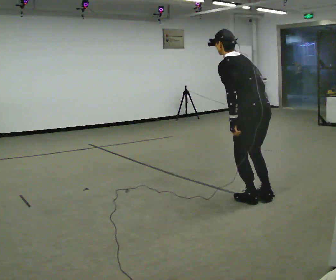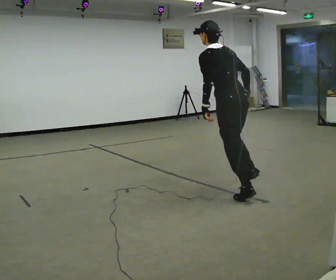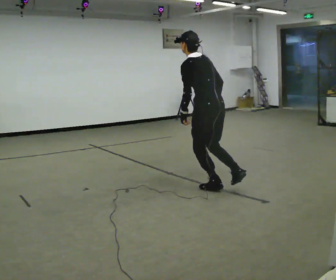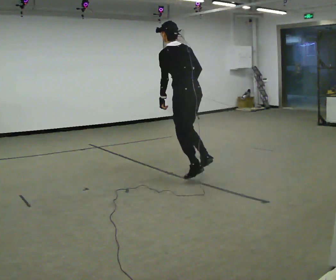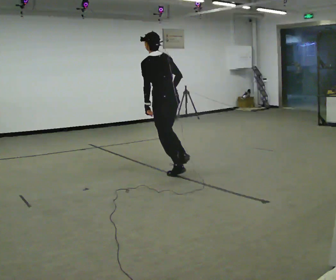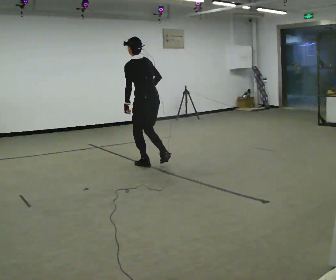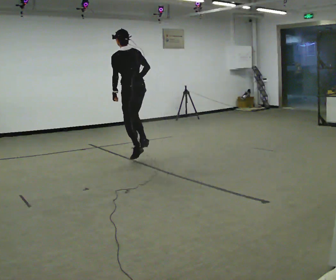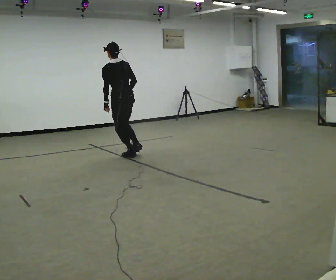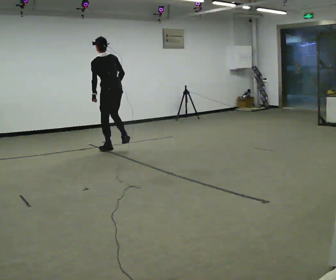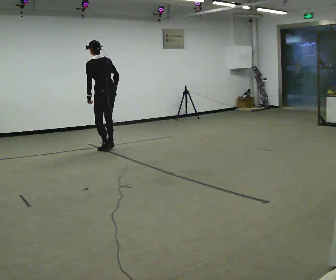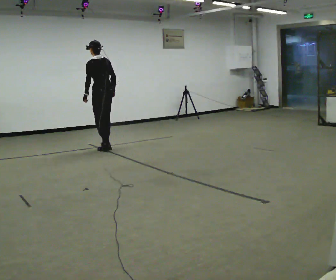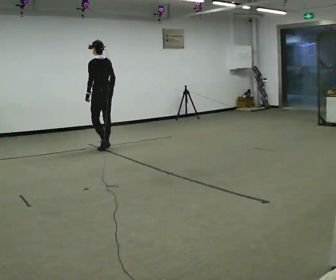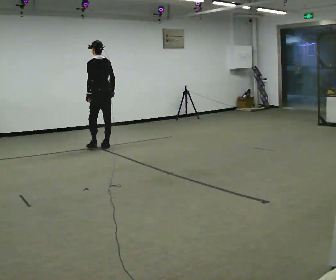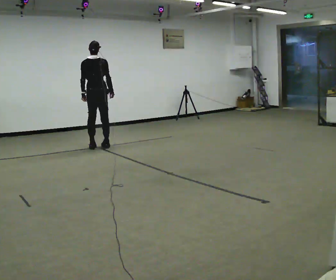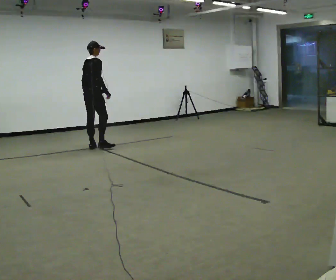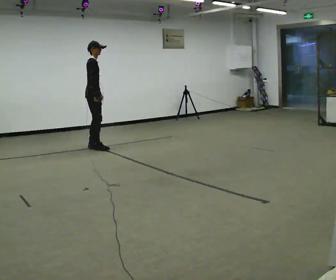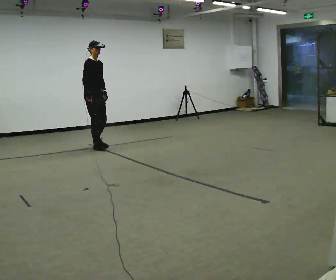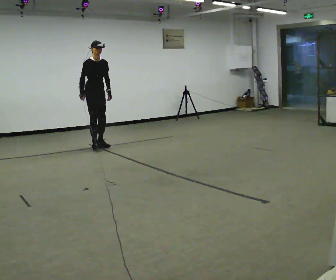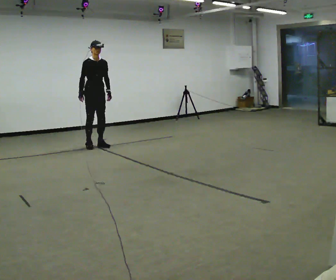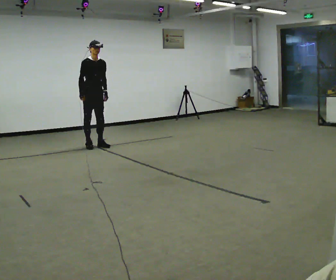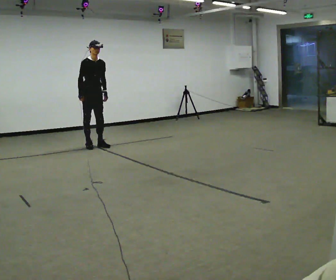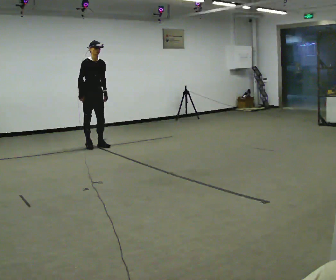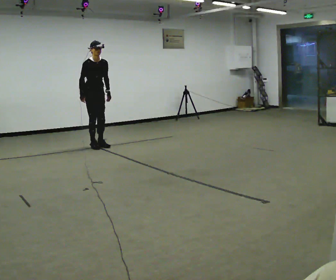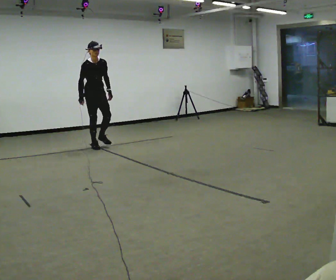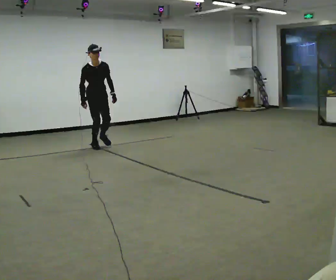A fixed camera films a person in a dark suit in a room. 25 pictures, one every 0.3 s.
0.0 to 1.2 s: In the picture they go away from the camera and to the left, about 1.5 m in 2 steps, which for them is forward. The upper body tips toward the camera, its near side rolling downward, as they lean back or straighten.
1.2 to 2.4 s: In the picture they go away from the camera and to the left, about 1.5 m in 2 steps, which for them is forward.
2.4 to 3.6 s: In the picture they go away from the camera, about 0.5 m in 2 steps, which for them is forward.
3.6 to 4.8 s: The person turns about 165 degrees to their right, clockwise seen from above, so the part of the body nearest the lens slides to the left. In the picture they go to the left, about 0.25 m in 1 step. In the picture the upper body tilts clockwise, shoulders to the right. In the picture their right hand goes to the left.
4.8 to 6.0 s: The person moves a little, or ends about where they began.
6.0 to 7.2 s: In the picture they go toward the camera, about 0.25 m, which for them is forward. The upper body tips toward the camera, its near side rolling downward, as they bend forward.
The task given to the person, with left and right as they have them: Hop forward on the leg the operator calls, keeping the other foot off the floor.
The film runs forward here.
